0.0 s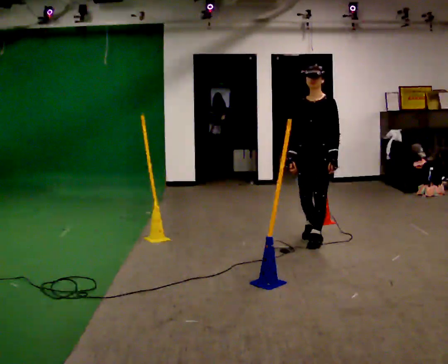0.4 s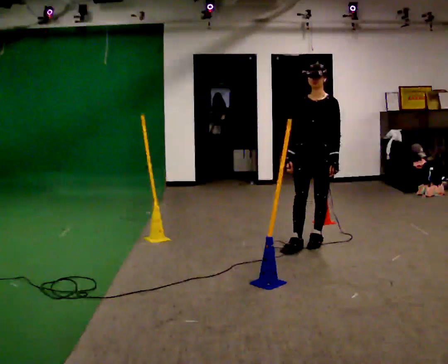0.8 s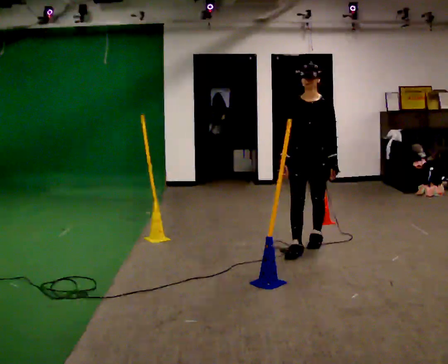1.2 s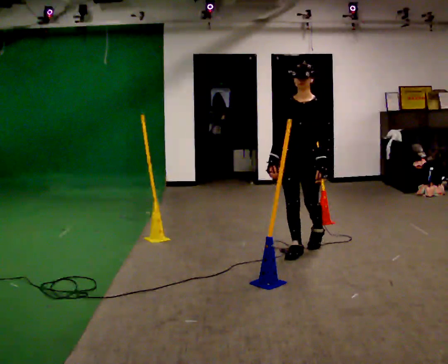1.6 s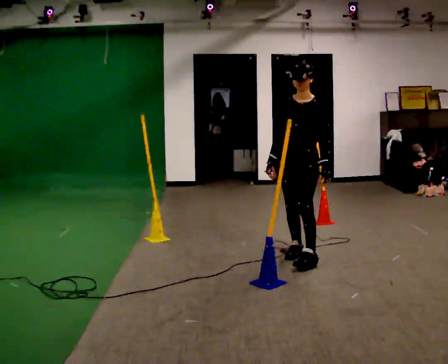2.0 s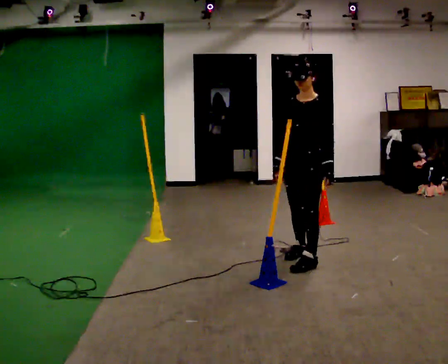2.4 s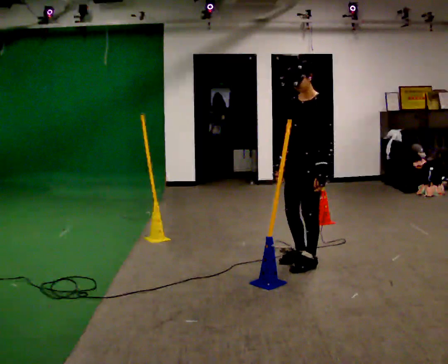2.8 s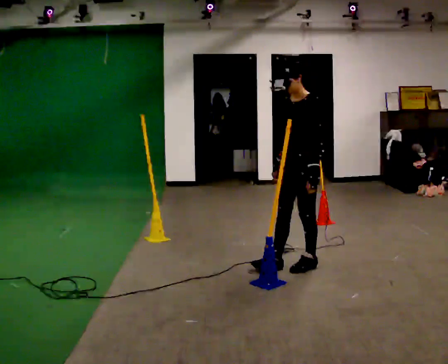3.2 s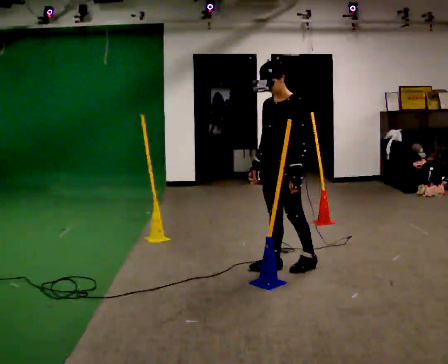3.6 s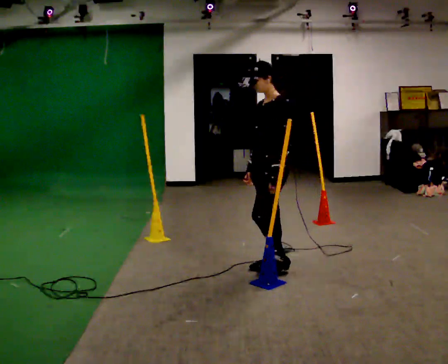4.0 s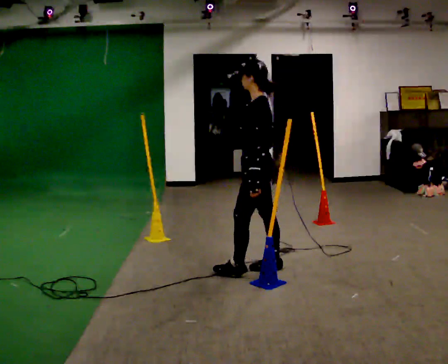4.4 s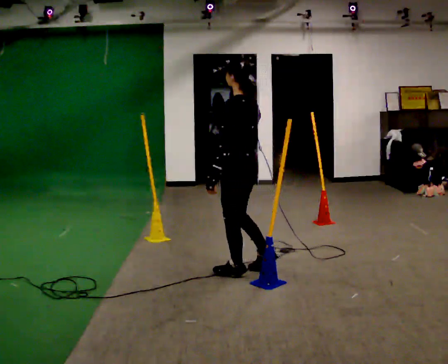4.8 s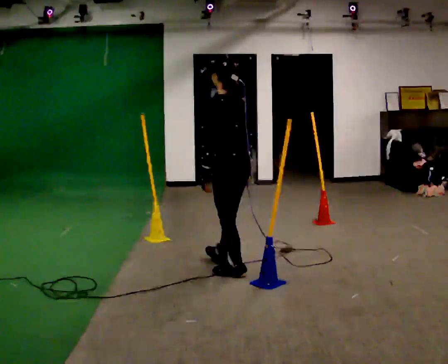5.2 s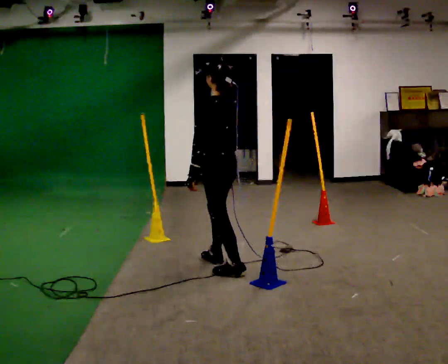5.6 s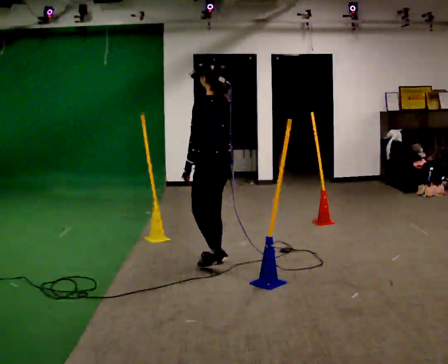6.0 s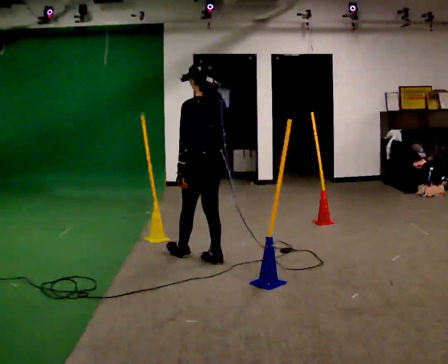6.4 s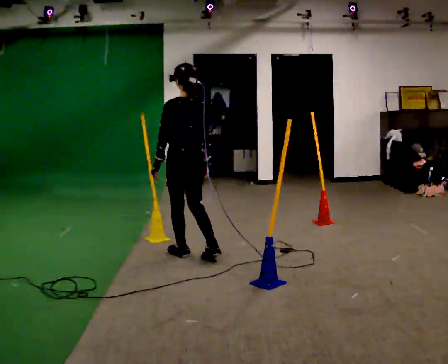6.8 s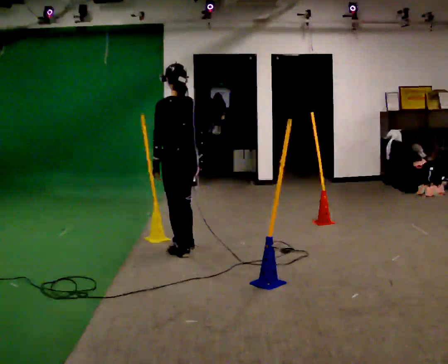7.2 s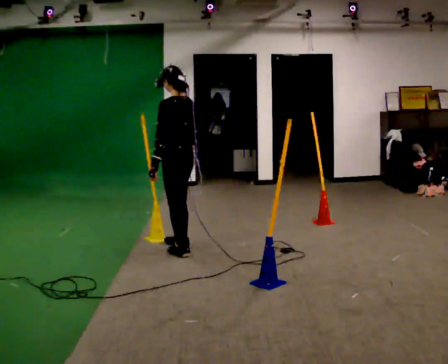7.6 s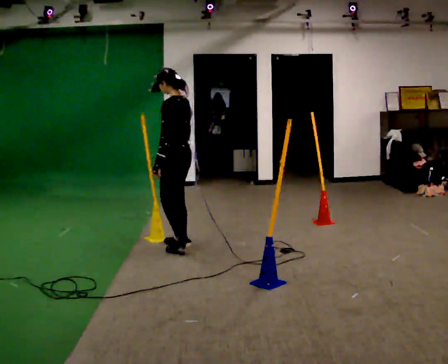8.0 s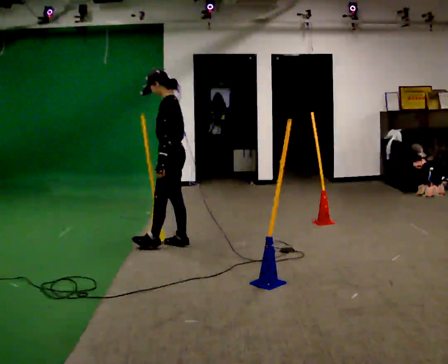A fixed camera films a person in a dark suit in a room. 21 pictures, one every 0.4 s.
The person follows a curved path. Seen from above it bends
clockwise.
The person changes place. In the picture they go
to the left.
0.0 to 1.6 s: In the picture they go toward the camera and to the left, about 0.5 m in 1 step, which for them is forward.
1.6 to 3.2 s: Seen from above the body turns clockwise, about 30 degrees: to their right, with its near side sliding to the left. In the picture they go toward the camera, about 0.25 m in 2 steps, which for them is forward and to their left.
3.2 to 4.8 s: The person turns about 75 degrees to their right, clockwise seen from above, so the part of the body nearest the lens slides to the left. In the picture they go to the left, about 0.5 m in 1 step.
4.8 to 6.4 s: In the picture they go to the left and away from the camera, about 0.5 m in 2 steps, which for them is forward.
6.4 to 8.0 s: Seen from above the body turns counterclockwise, about 60 degrees: to their left, with its near side sliding to the right. In the picture they go away from the camera and to the left, about 0.25 m in 1 step.
The film runs forward here.
